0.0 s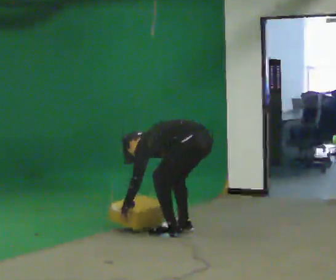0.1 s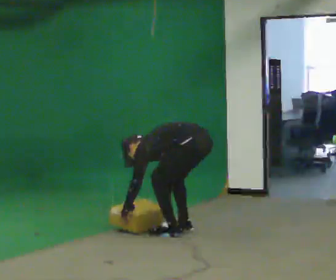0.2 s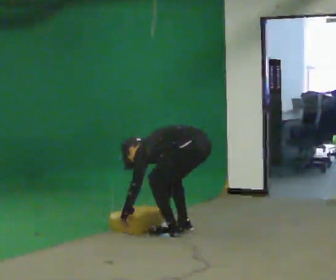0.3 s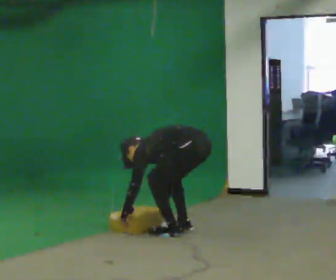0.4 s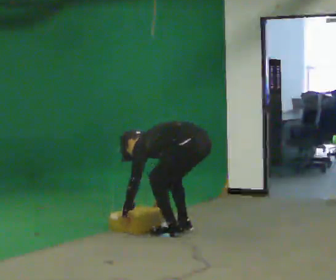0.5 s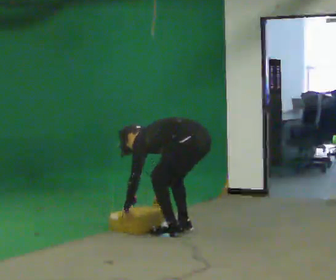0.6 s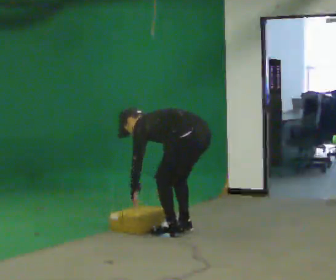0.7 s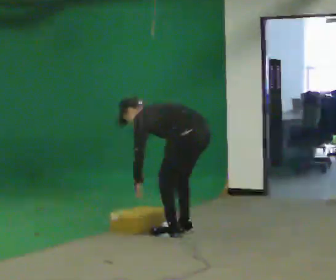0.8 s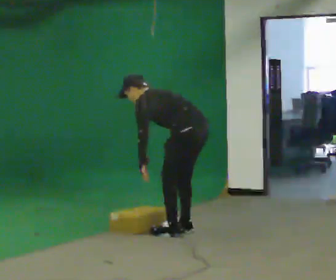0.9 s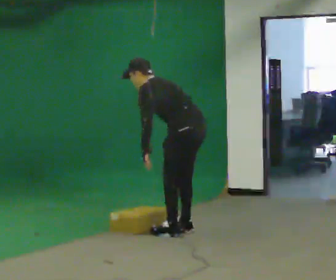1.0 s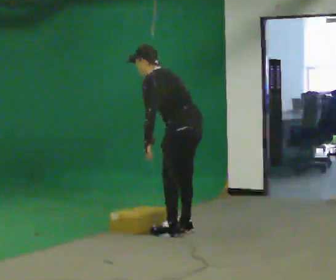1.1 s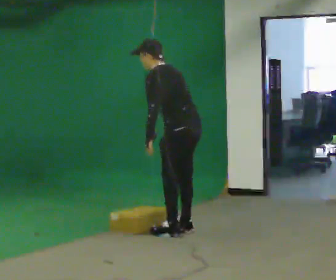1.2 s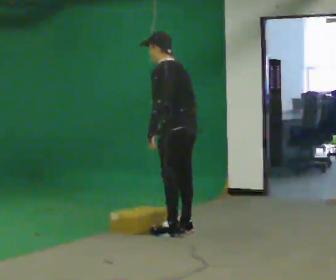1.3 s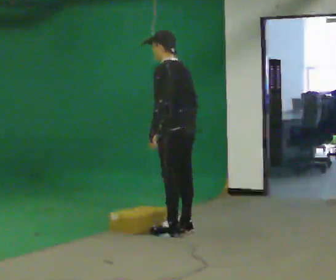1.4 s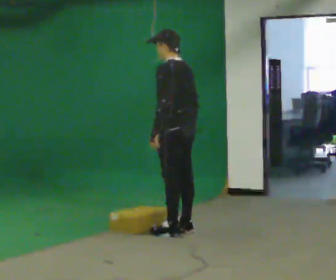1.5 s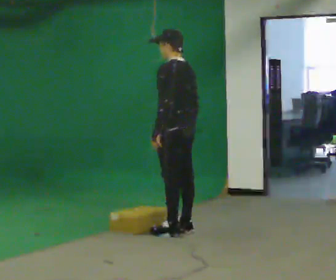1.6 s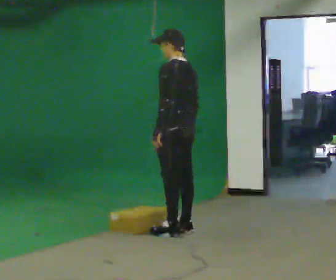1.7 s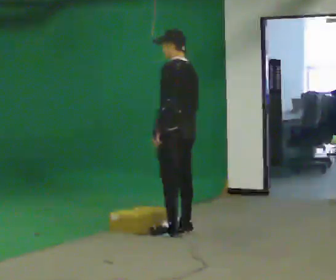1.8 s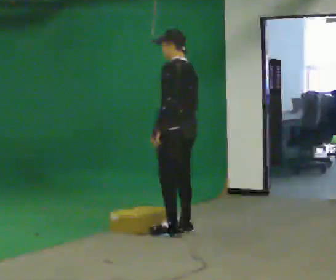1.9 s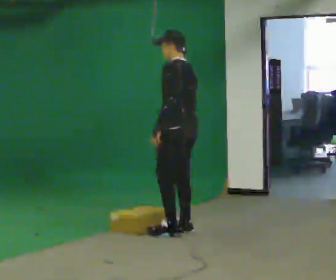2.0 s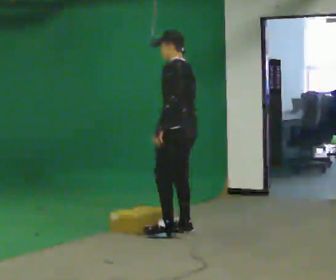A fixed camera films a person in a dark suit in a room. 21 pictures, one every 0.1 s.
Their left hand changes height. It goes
upward.
The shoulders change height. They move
upward.
0.0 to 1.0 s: The shoulders move upward. In the picture the upper body tilts clockwise, shoulders to the right, as they lean back or straighten. In the picture their right hand goes upward.
1.0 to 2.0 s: In the picture the upper body tilts clockwise, shoulders to the right.
The film runs forward here.
